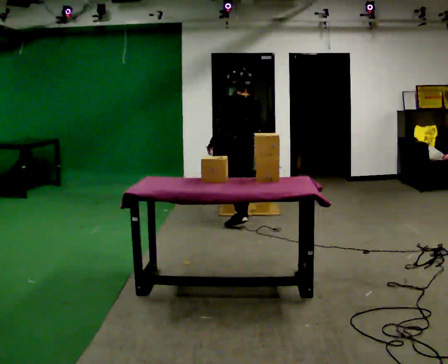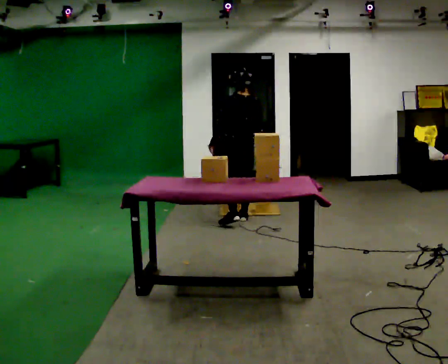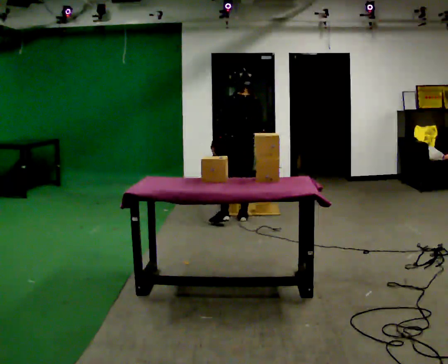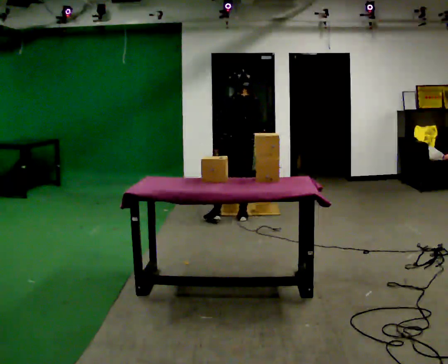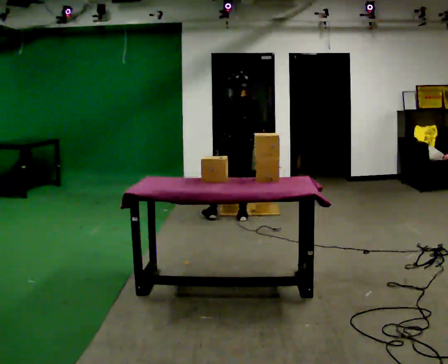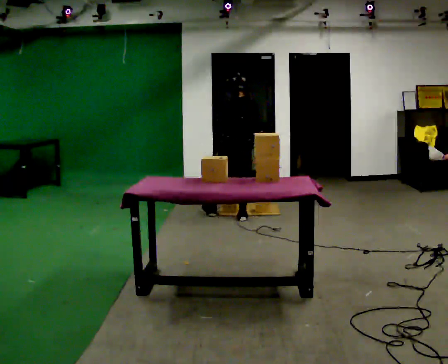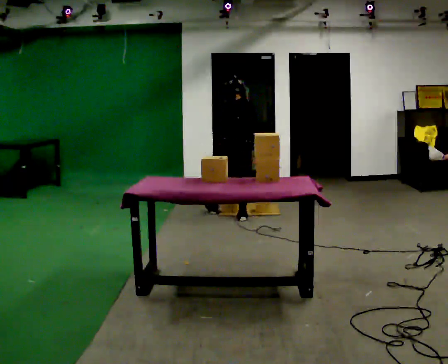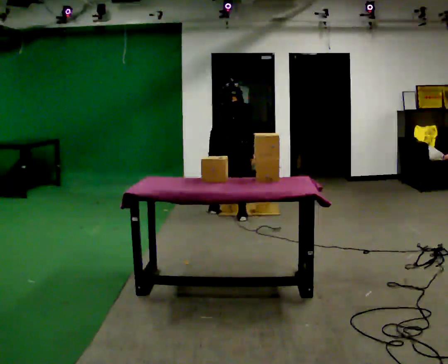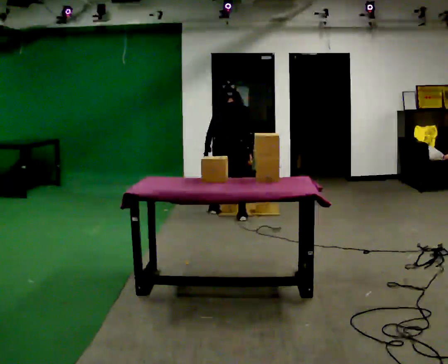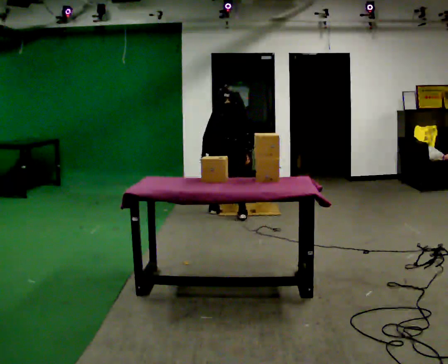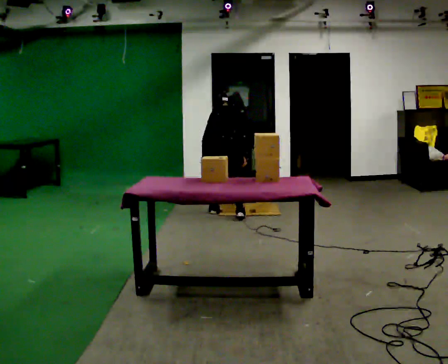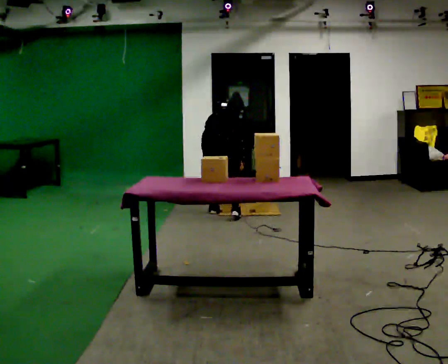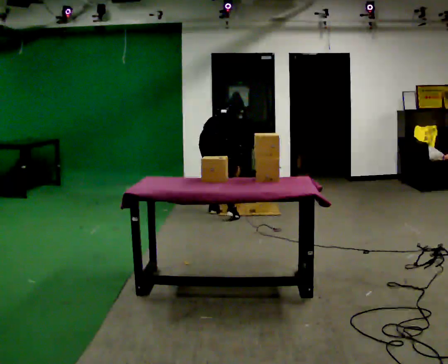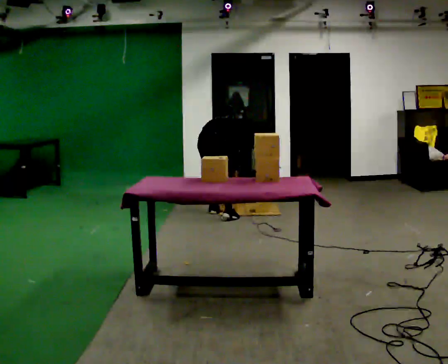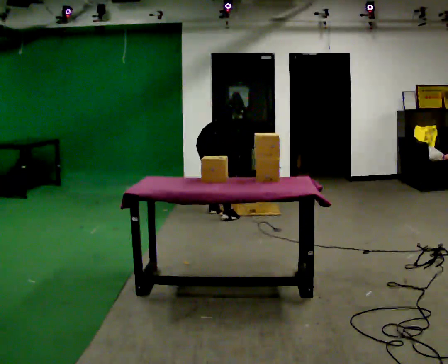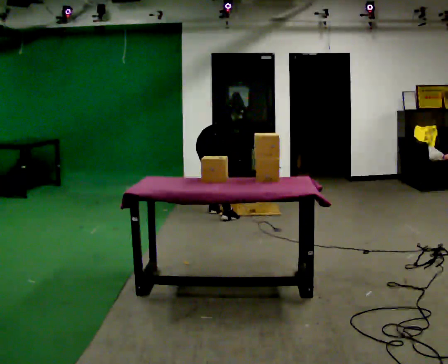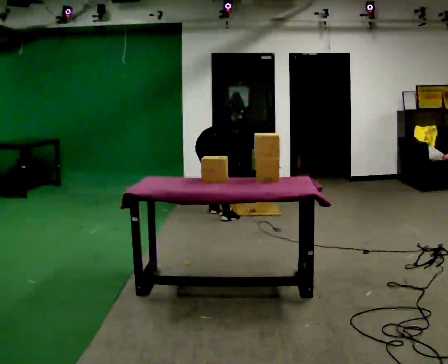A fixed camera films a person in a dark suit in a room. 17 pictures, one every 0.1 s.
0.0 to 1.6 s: The person turns about 60 degrees to their right, clockwise seen from above, so the part of the body nearest the lens slides to the left. In the picture they go to the left and away from the camera, about 0.5 m in 1 step. The shoulders move downward. The upper body tips away from the camera, its near side rolling upward, as they bend forward. In the picture their left hand goes downward.
The film runs backward here.
